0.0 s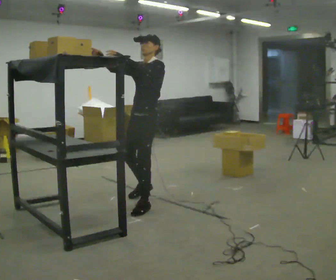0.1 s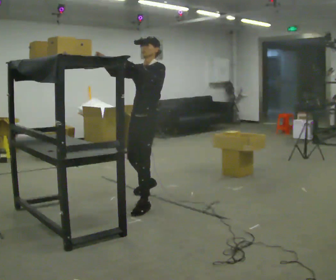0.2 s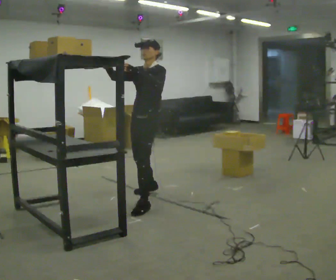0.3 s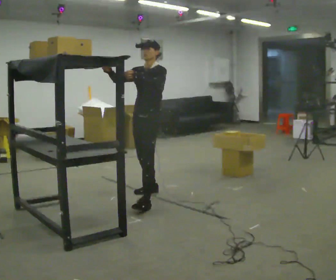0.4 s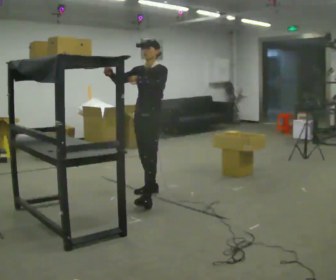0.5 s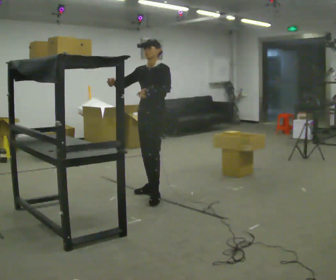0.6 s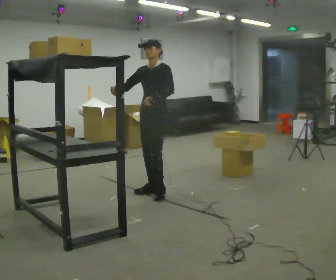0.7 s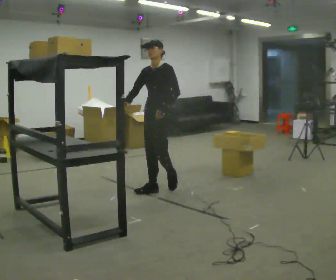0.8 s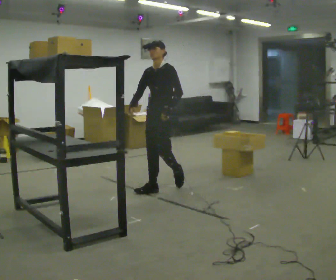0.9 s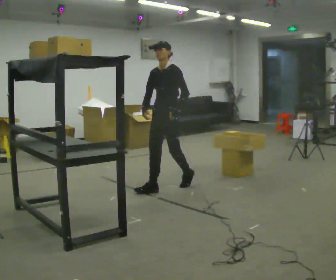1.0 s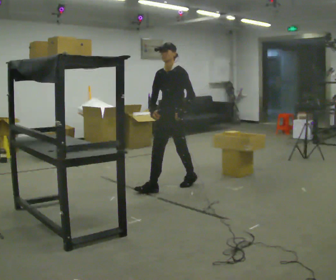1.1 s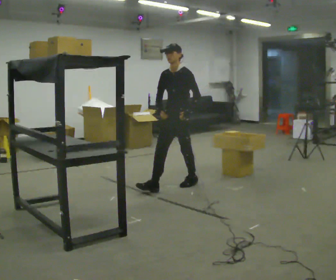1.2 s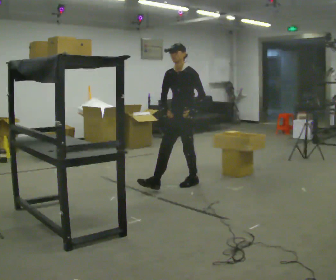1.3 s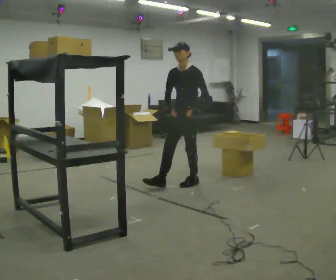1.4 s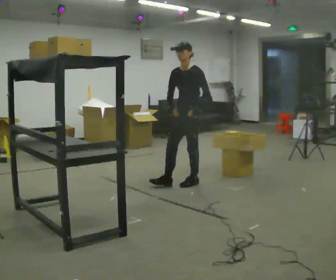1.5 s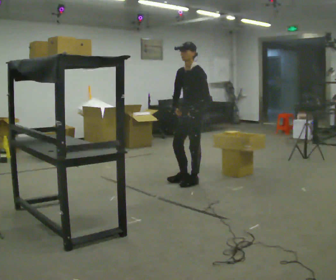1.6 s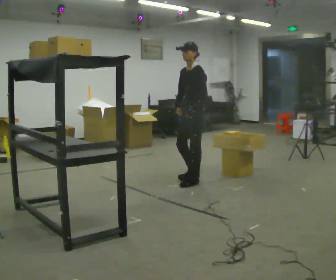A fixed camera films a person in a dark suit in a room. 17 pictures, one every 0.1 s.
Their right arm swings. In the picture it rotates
counterclockwise.
Their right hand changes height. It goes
downward.
0.0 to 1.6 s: In the picture they go away from the camera and to the right, about 1 m in 2 steps, which for them is backward. In the picture their right hand goes downward, the arm swinging counterclockwise.
The film runs backward here.
